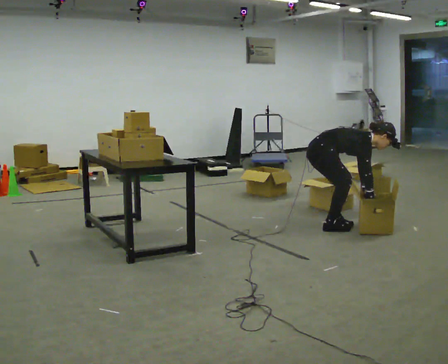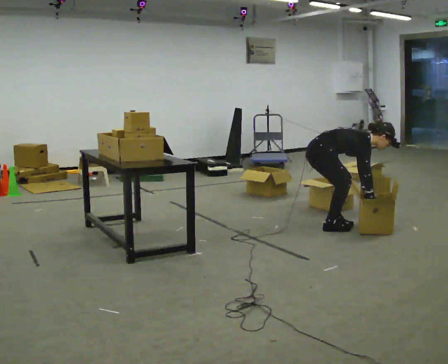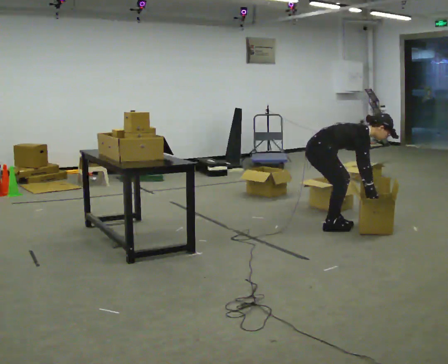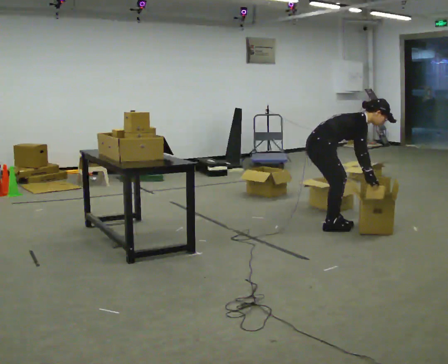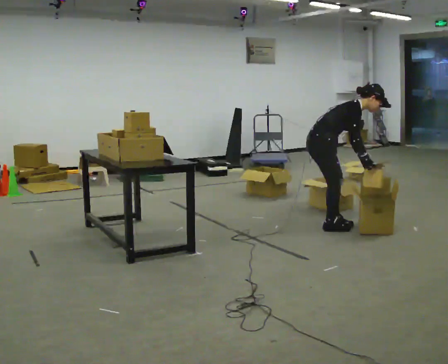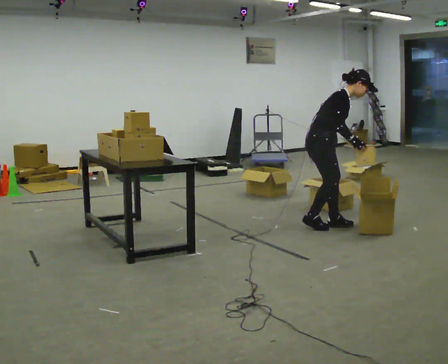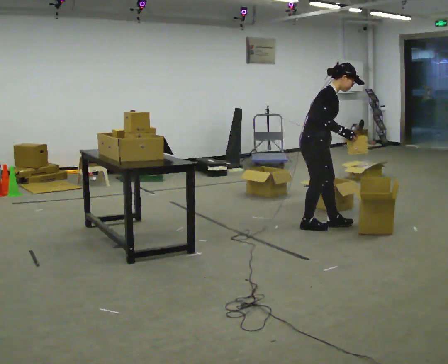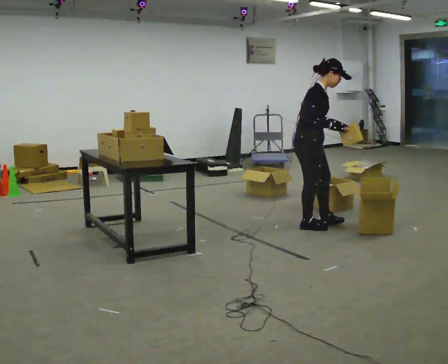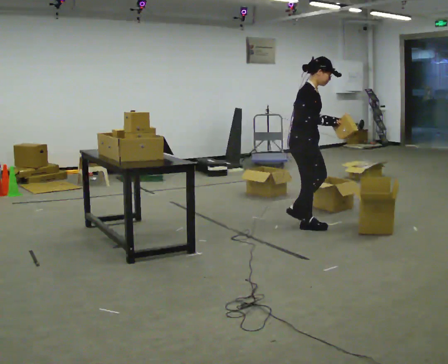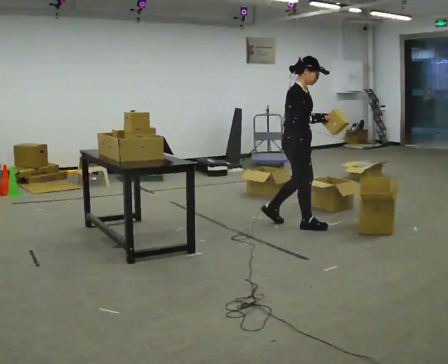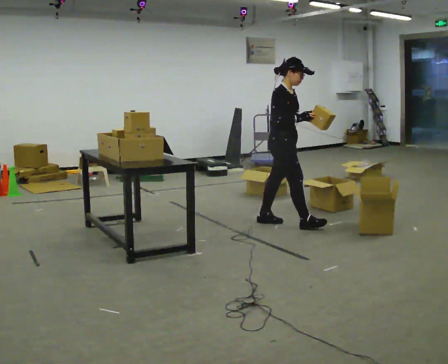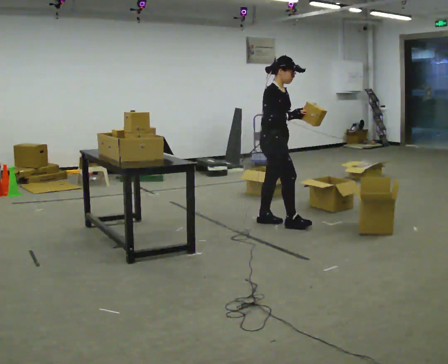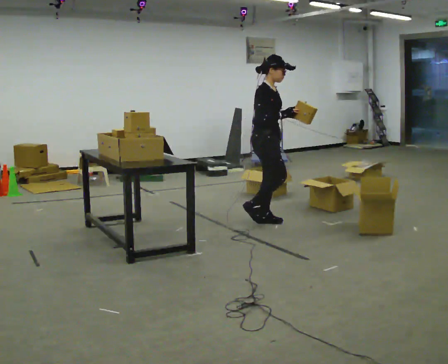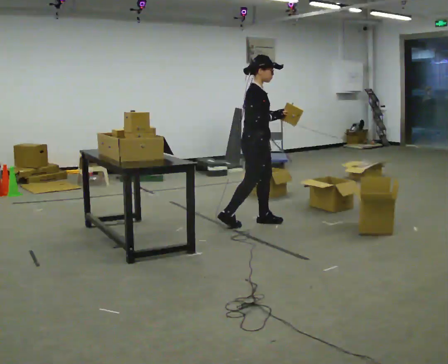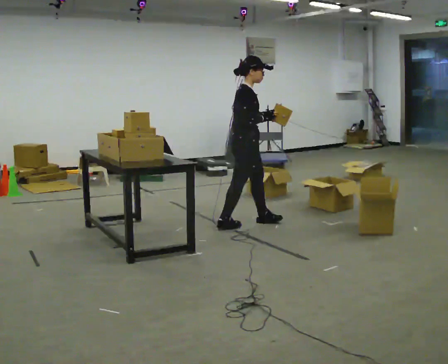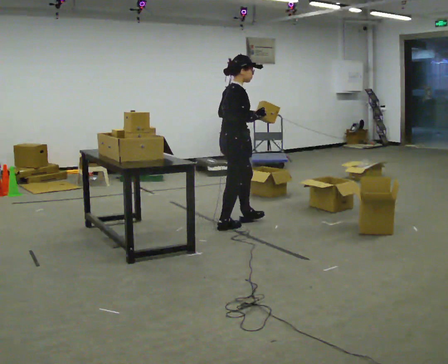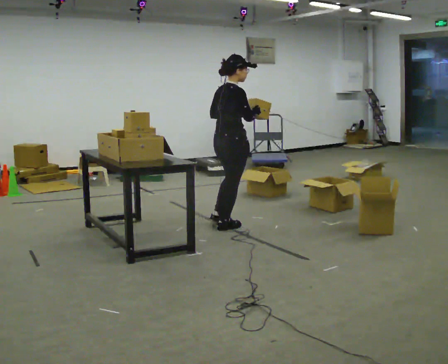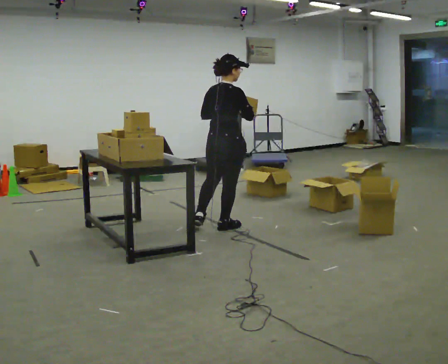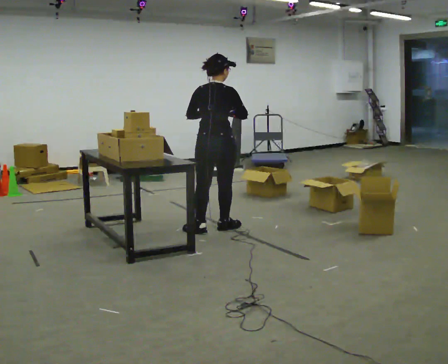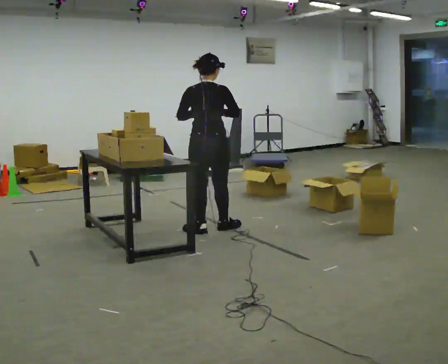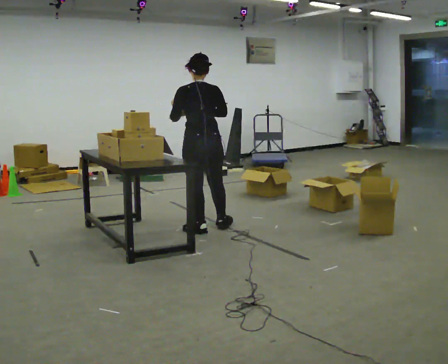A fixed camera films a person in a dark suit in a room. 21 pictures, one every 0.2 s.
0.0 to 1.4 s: The upper body goes upward. In the picture the upper body tilts counterclockwise, shoulders to the left, as they lean back or straighten. In the picture their left hand goes upward and to the left.
1.4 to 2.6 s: In the picture they go to the left, about 0.5 m in 1 step, which for them is backward.
2.6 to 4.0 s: The part of the body nearest the lens slides to the right as the person turns to their left by about 120 degrees. In the picture they go to the left and toward the camera, about 0.5 m in 2 steps.
The film runs backward here.
